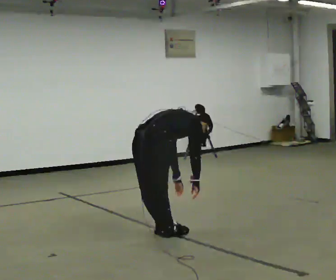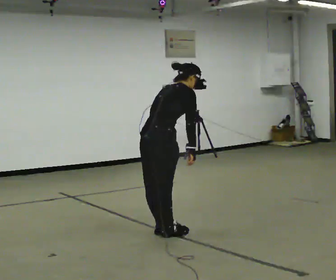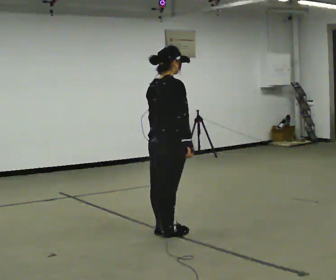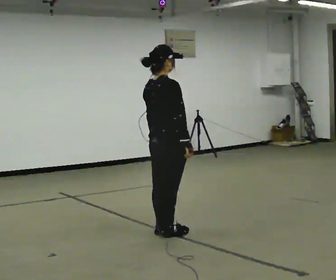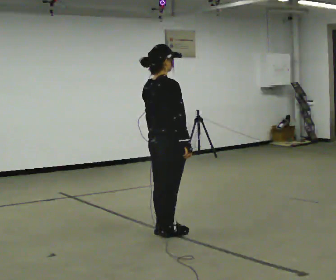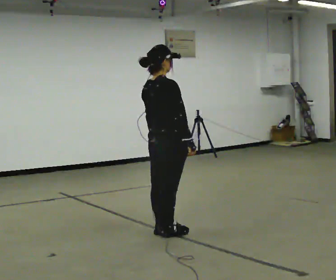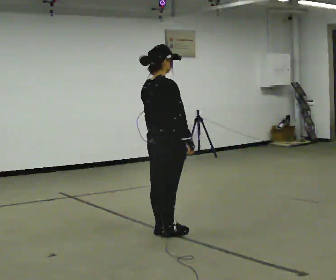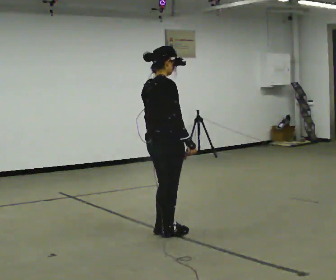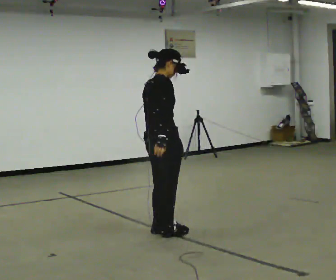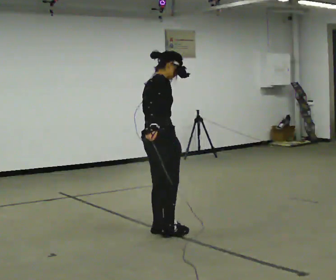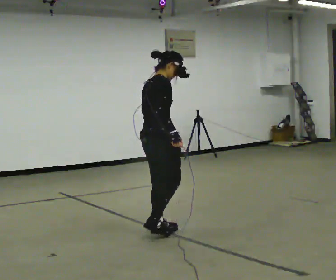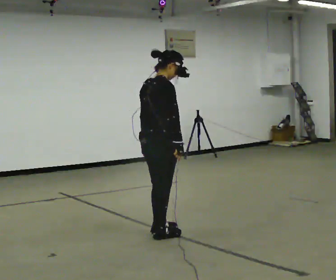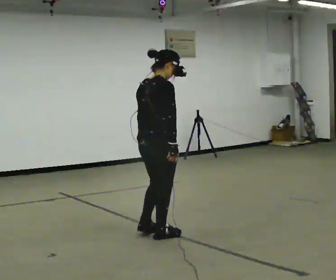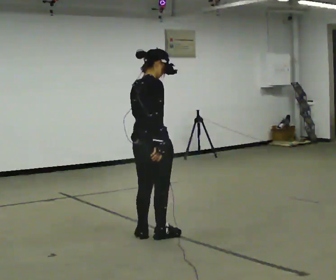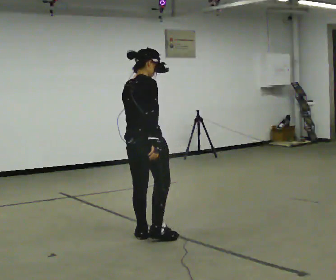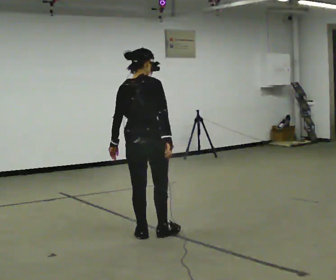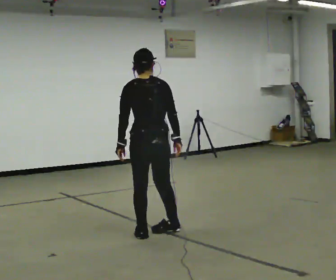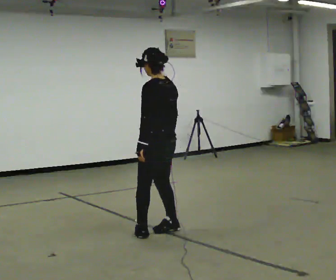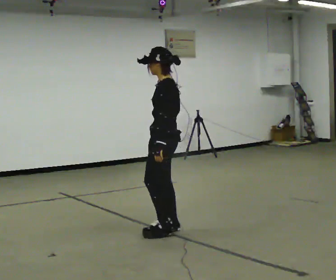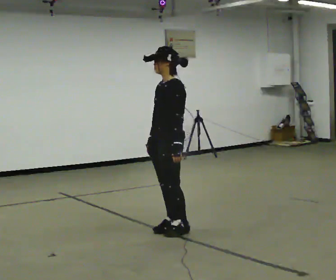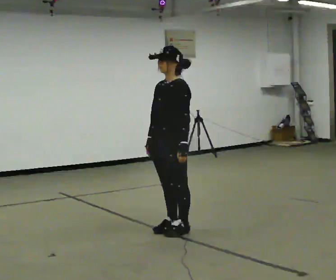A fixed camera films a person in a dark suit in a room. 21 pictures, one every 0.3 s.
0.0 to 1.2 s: The shoulders move upward. In the picture the upper body tilts counterclockwise, shoulders to the left, as they lean back or straighten. In the picture their right hand goes upward.
1.2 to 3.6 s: The person moves a little, or ends about where they began.
3.6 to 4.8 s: The person turns about 60 degrees to their left, counterclockwise seen from above, so the part of the body nearest the lens slides to the right.
4.8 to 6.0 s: Seen from above the body turns counterclockwise, about 105 degrees: to their left, with its near side sliding to the right. In the picture they go to the right, about 0.25 m in 1 step.
The film runs backward here.
